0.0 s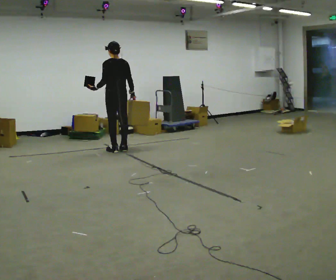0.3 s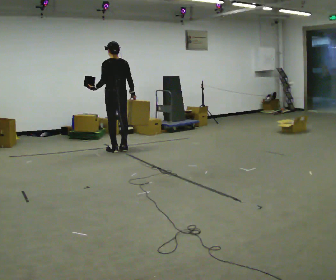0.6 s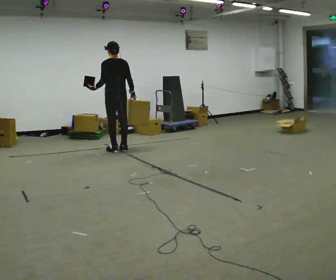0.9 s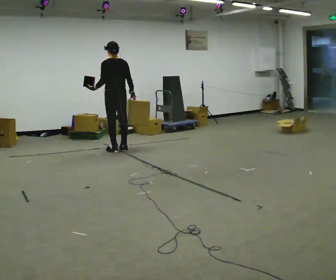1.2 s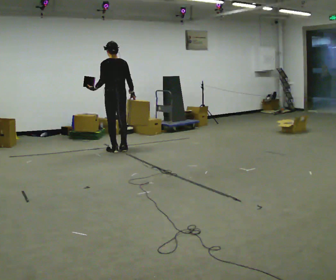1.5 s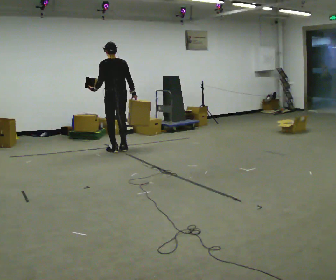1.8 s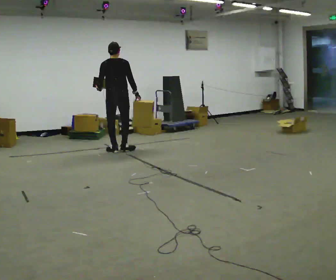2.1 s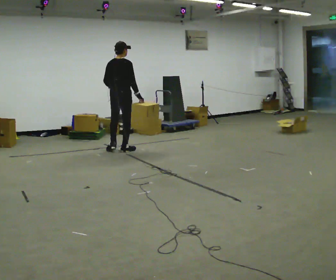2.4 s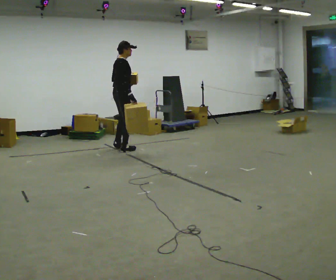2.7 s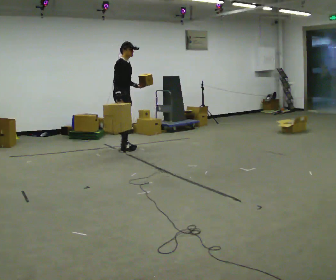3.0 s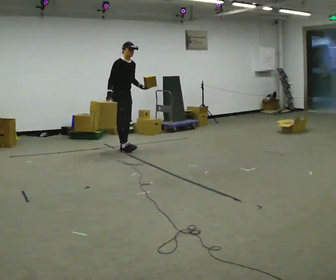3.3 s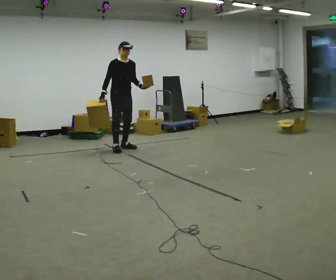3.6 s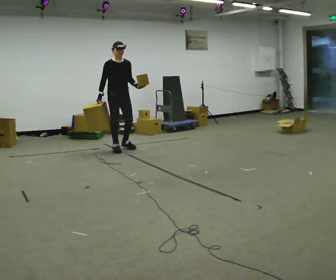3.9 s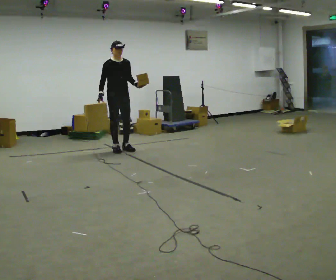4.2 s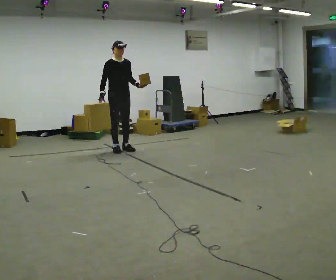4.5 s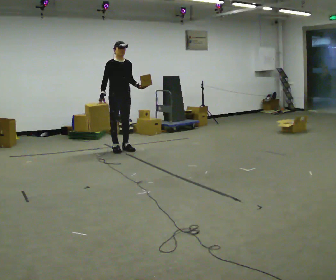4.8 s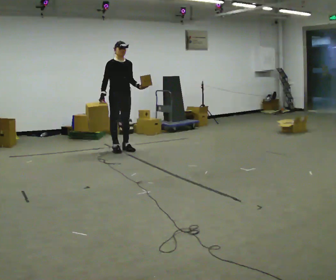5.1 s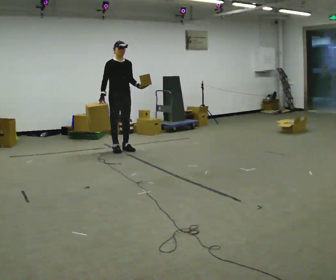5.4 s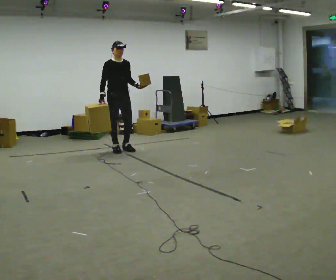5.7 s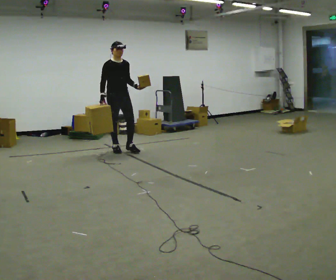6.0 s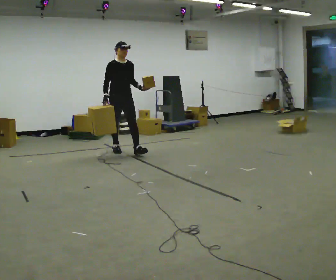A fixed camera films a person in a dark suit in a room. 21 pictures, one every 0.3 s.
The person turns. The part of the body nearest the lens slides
to the left.
Their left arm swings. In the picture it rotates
counterclockwise.
0.0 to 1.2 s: The person moves a little, or ends about where they began.
1.2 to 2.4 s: Seen from above the body turns clockwise, about 105 degrees: to their right, with its near side sliding to the left. In the picture their left hand goes to the right.
2.4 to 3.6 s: The part of the body nearest the lens slides to the left as the person turns to their right by about 90 degrees.
3.6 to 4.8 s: The person moves a little, or ends about where they began.
4.8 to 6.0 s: In the picture they go toward the camera, about 0.25 m in 1 step, which for them is forward.
The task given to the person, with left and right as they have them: Carry one object in each hand, the heavy one in the hand the operator calls, walking back and forth across the room.
The film runs forward here.
